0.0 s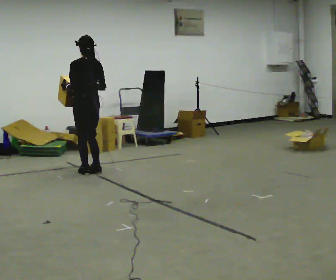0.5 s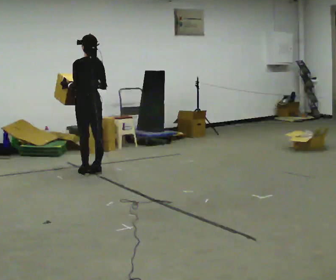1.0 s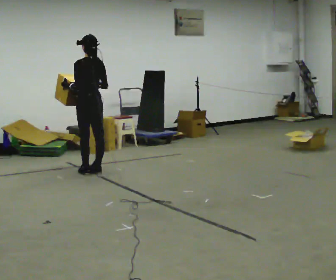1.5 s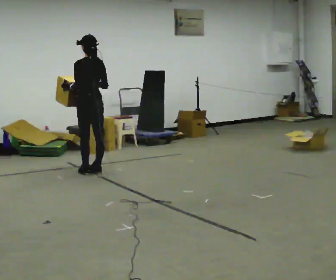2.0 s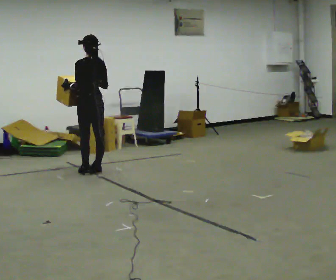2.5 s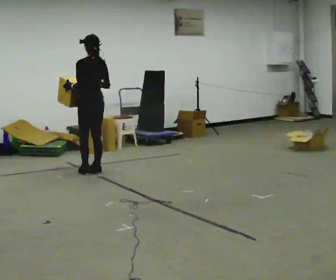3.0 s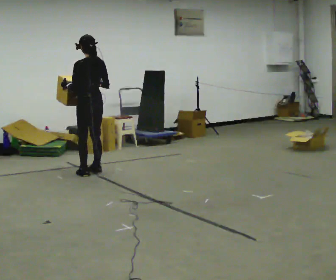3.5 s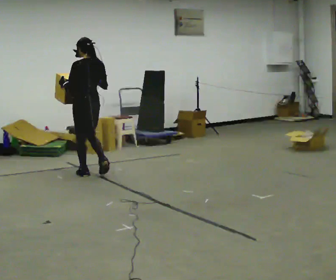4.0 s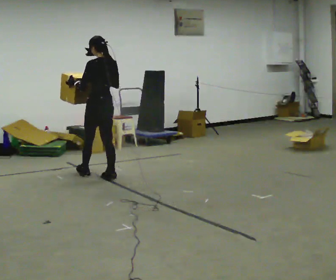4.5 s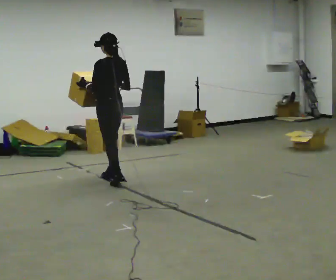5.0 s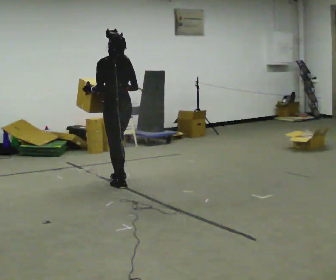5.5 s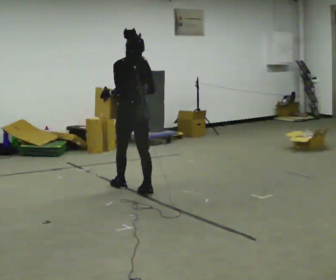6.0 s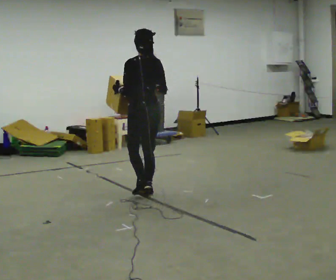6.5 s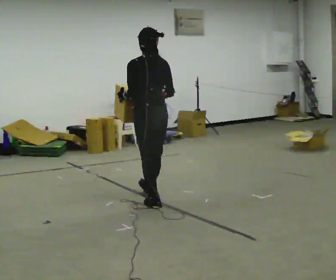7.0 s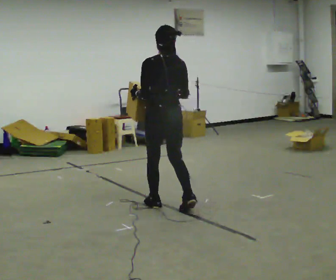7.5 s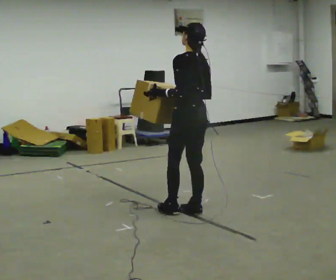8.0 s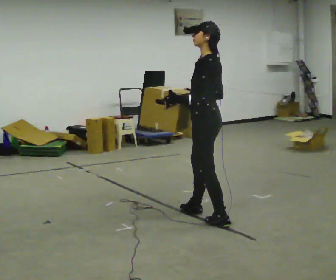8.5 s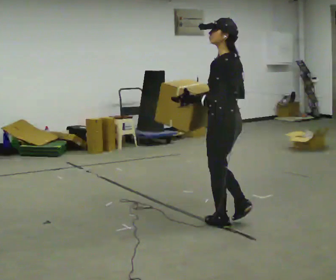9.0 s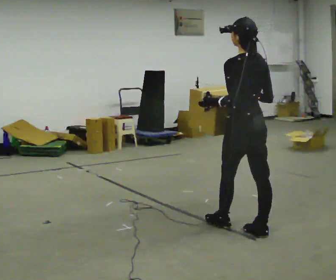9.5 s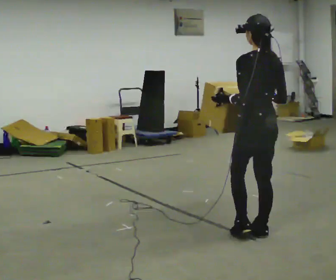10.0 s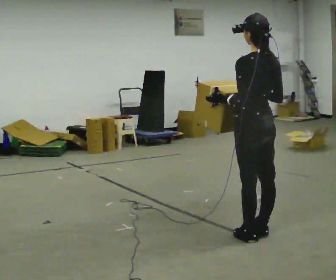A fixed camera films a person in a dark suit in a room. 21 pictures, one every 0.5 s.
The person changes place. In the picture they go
toward the camera.
0.0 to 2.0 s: The person moves a little, or ends about where they began.
2.0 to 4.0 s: In the picture they go toward the camera, about 0.25 m in 2 steps, which for them is backward.
4.0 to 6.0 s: In the picture they go toward the camera and to the right, about 1 m in 2 steps, which for them is backward.
6.0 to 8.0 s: Seen from above the body turns counterclockwise, about 30 degrees: to their left, with its near side sliding to the right. In the picture they go toward the camera and to the right, about 1 m in 2 steps, which for them is backward and to their right.
8.0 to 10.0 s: The part of the body nearest the lens slides to the left as the person turns to their right by about 30 degrees. In the picture they go toward the camera and to the right, about 0.5 m in 2 steps, which for them is backward.
The film runs backward here.
